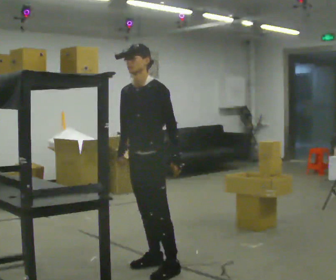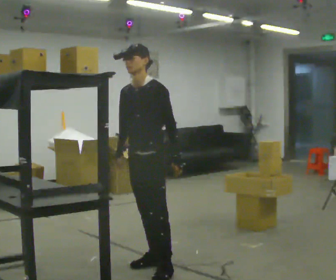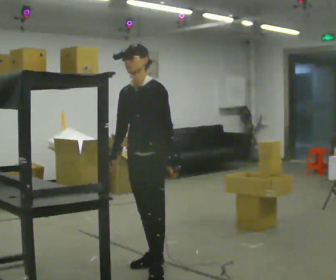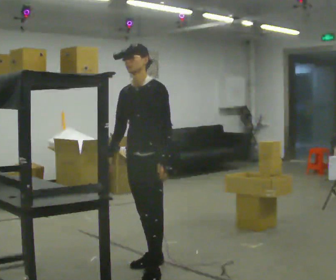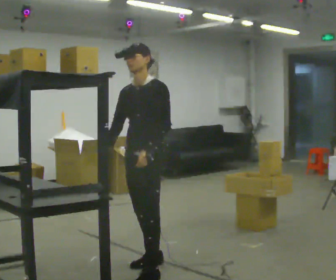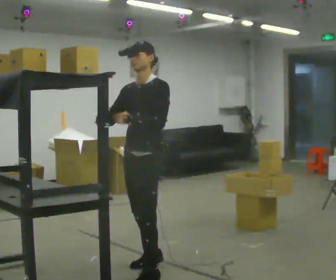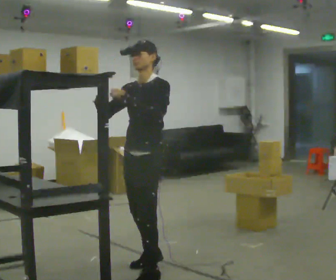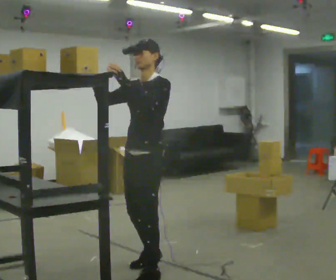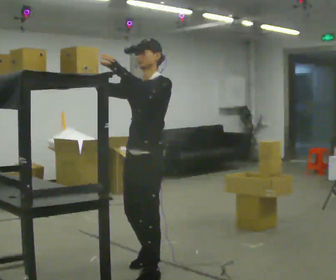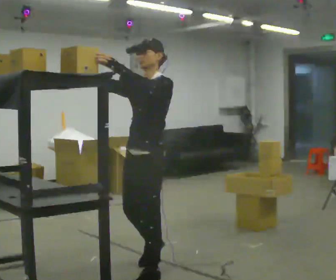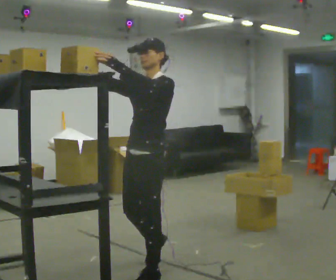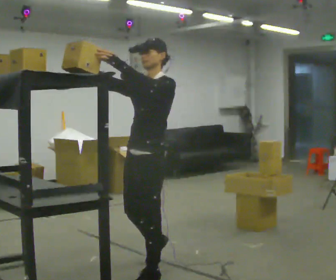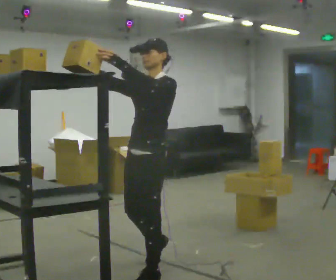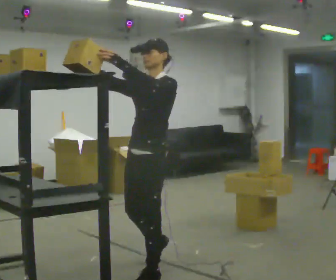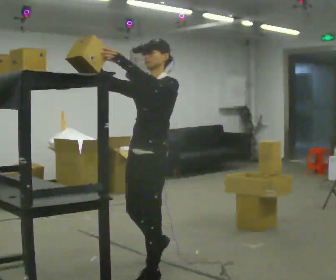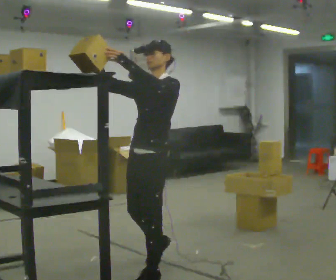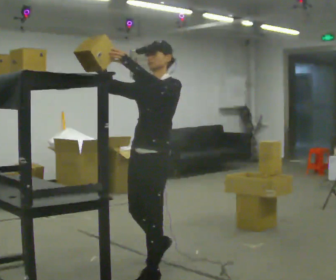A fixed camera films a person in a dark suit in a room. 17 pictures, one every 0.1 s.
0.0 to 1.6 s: In the picture they go toward the camera, about 0.25 m in 1 step, which for them is to their left and forward. In the picture their left hand goes upward.
The film runs backward here.
